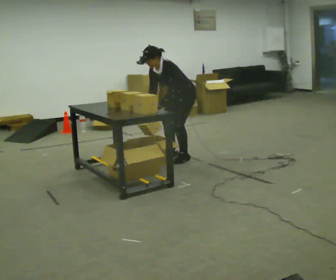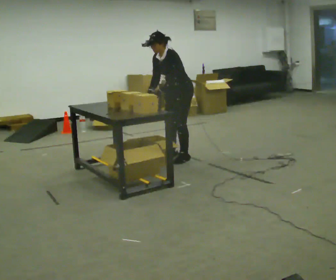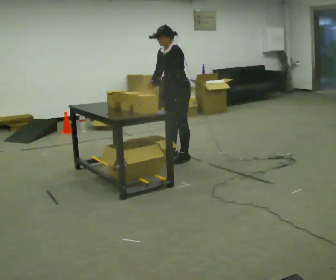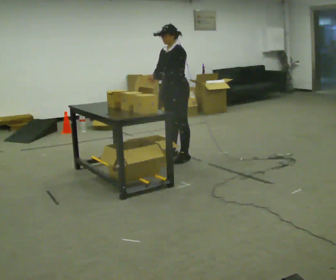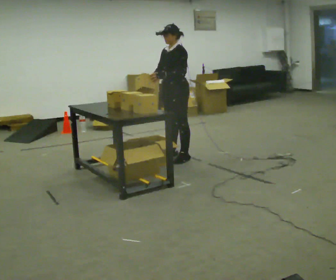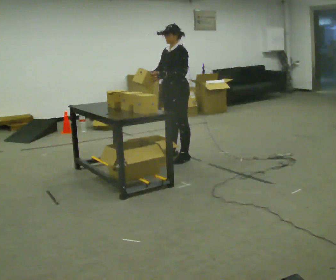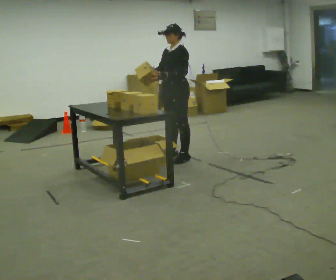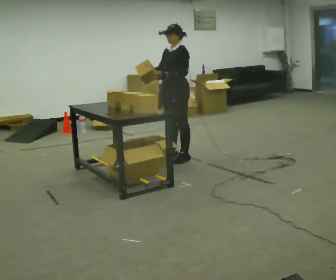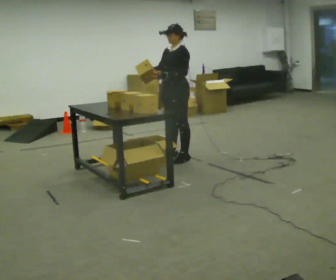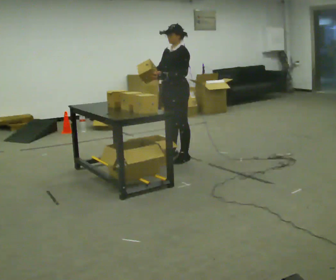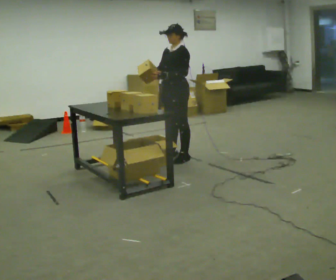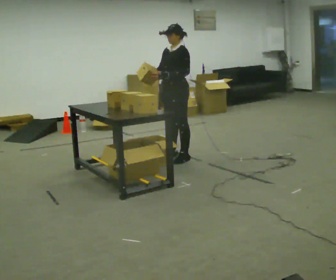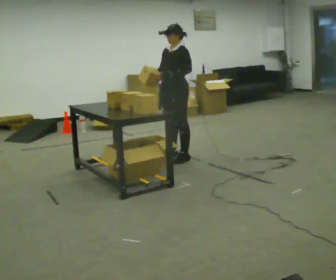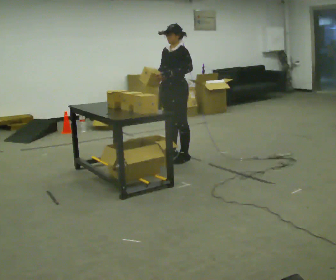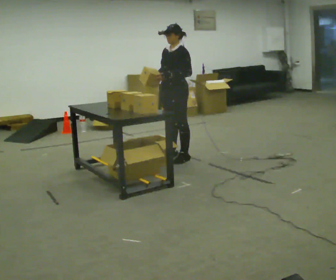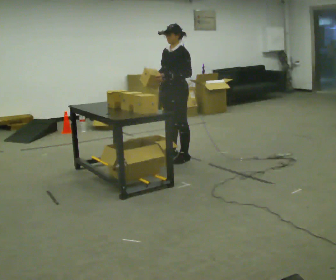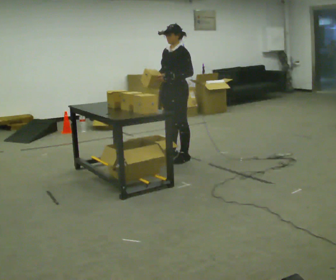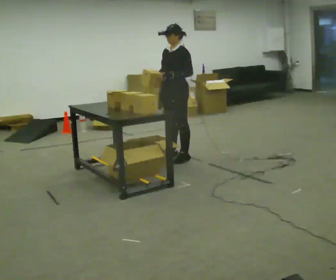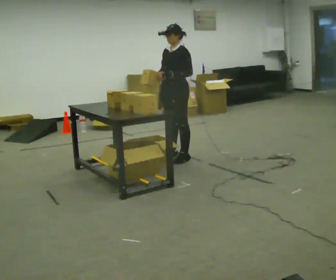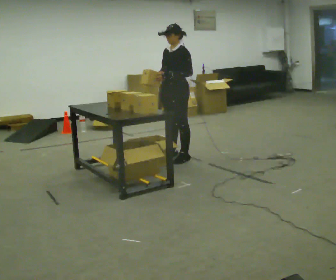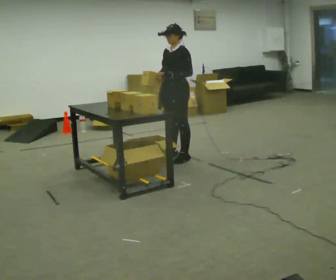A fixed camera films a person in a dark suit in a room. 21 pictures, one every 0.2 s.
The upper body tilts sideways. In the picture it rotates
clockwise.
0.0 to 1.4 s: The shoulders move upward. In the picture the upper body tilts clockwise, shoulders to the right, as they lean back or straighten. In the picture their right hand goes upward.
1.4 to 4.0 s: The person moves a little, or ends about where they began.
The film runs forward here.
